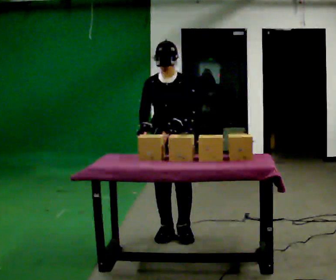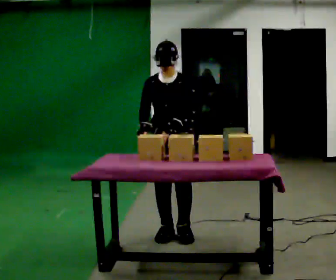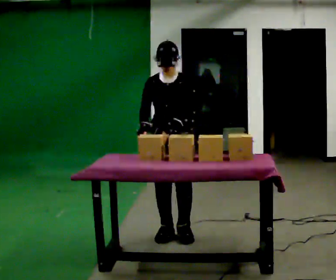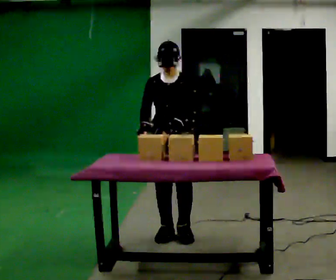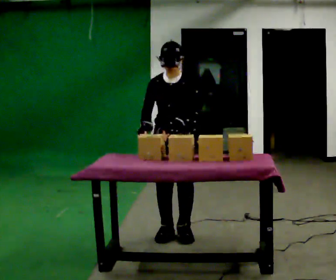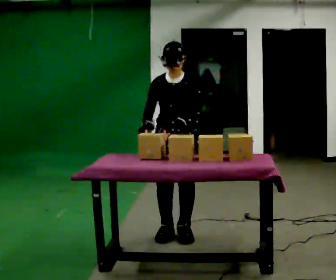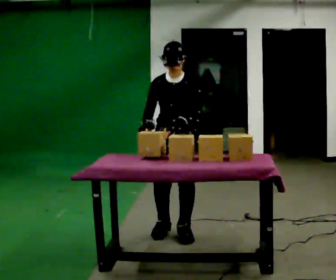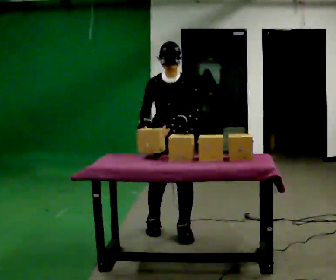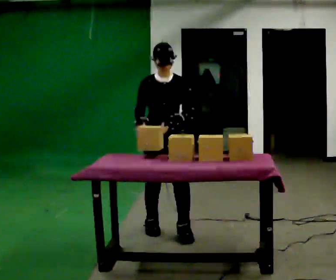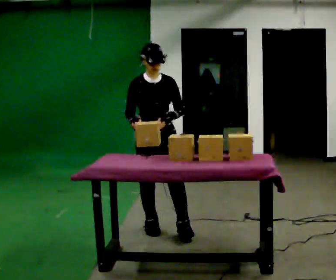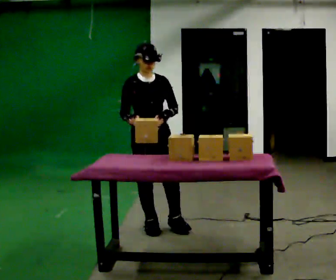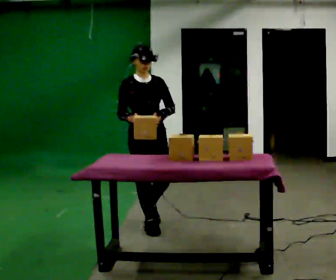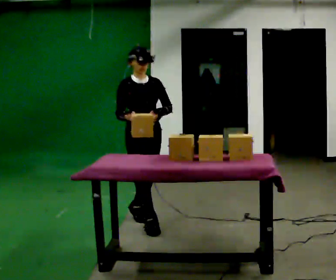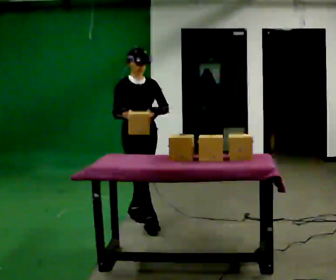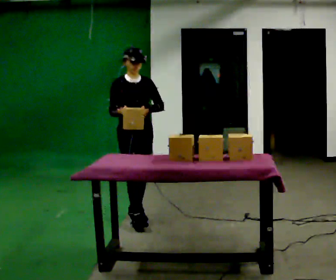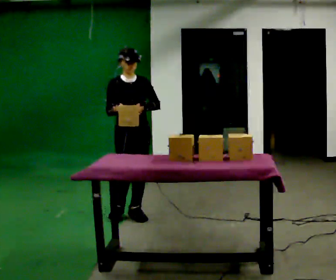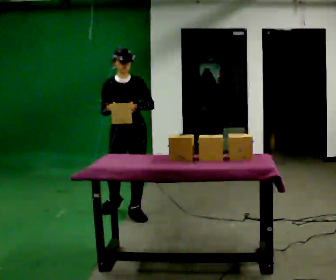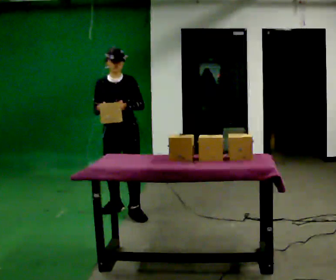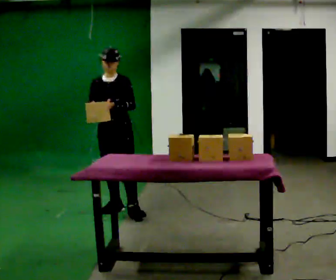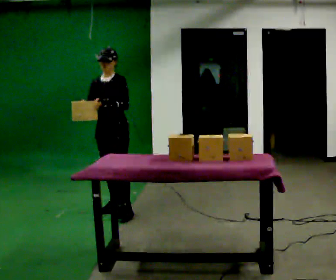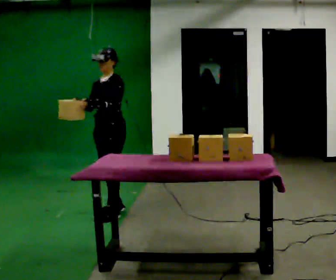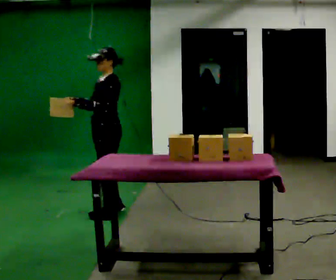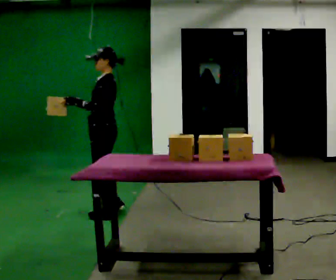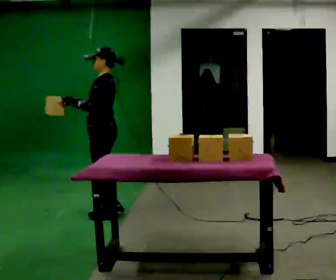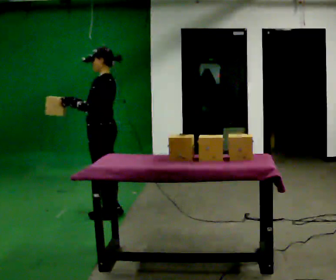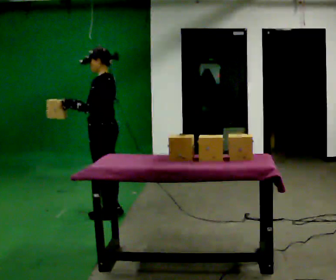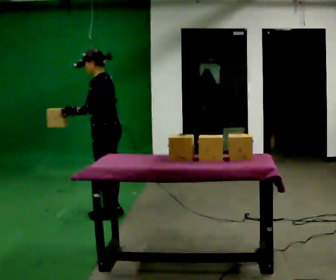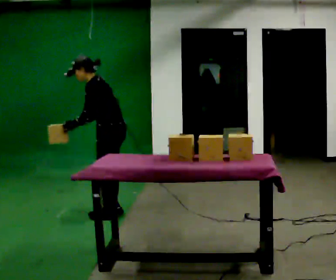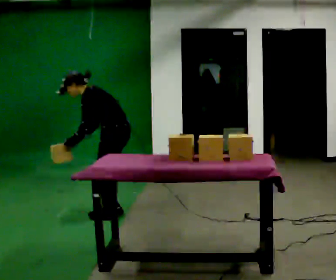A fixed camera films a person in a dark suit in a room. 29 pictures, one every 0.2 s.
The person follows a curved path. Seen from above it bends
counterclockwise.
0.0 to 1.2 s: The person moves a little, or ends about where they began.
1.2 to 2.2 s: The person turns about 45 degrees to their left, counterclockwise seen from above, so the part of the body nearest the lens slides to the right. In the picture they go away from the camera and to the left, about 0.25 m in 1 step, which for them is to their right and backward.
2.2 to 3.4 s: The person turns about 30 degrees to their right, clockwise seen from above, so the part of the body nearest the lens slides to the left. In the picture they go away from the camera and to the left, about 0.5 m in 1 step, which for them is backward.
3.4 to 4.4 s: The person turns about 75 degrees to their right, clockwise seen from above, so the part of the body nearest the lens slides to the left. In the picture they go to the left, about 0.25 m in 1 step. In the picture their left hand goes to the left.
4.4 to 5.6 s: In the picture the upper body tilts counterclockwise, shoulders to the left, as they bend forward.
The film runs backward here.
